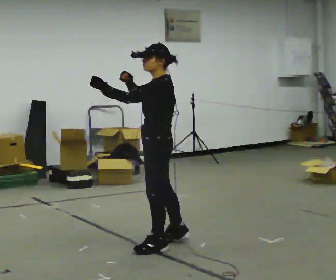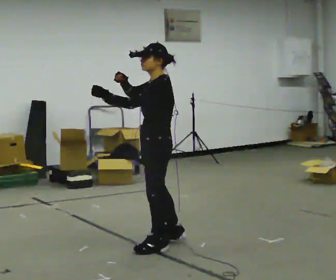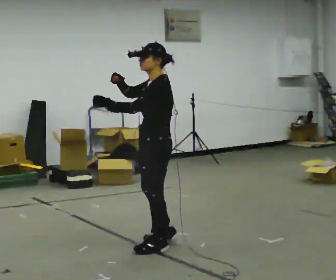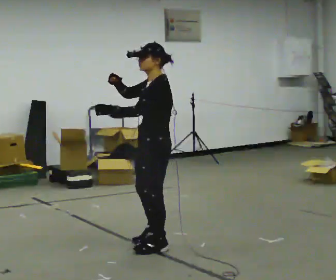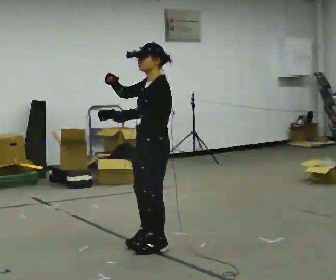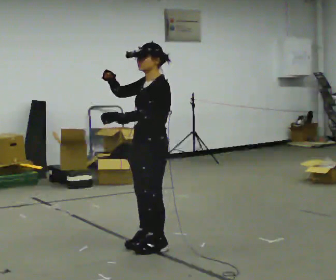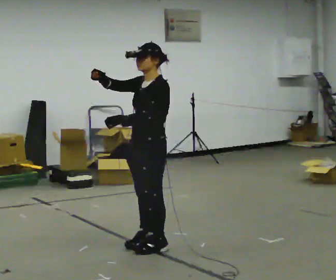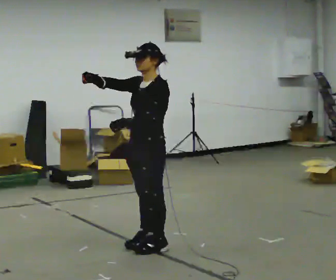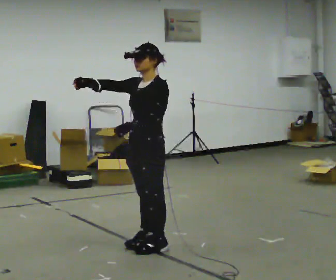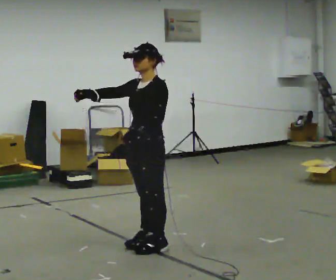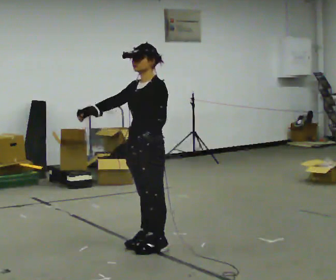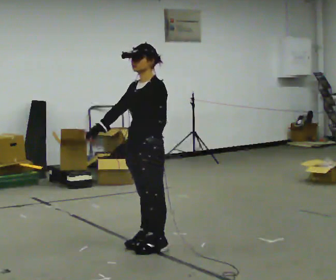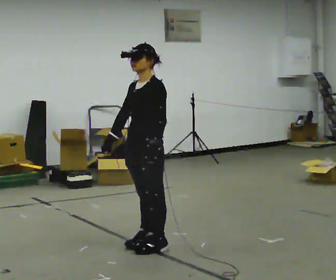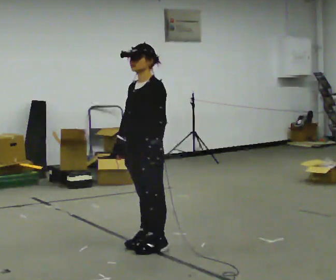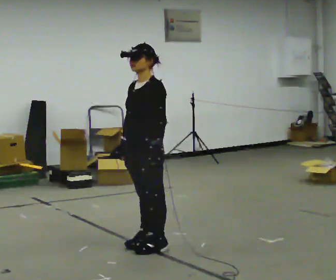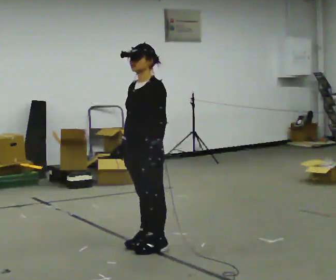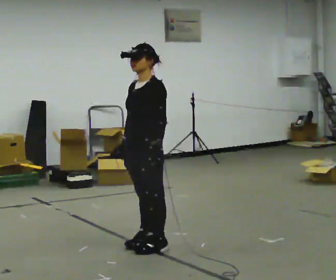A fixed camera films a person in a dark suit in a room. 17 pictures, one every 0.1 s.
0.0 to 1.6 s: Seen from above the body turns counterclockwise, about 45 degrees: to their left, with its near side sliding to the right. In the picture their left hand goes downward and to the right.
The film runs backward here.
